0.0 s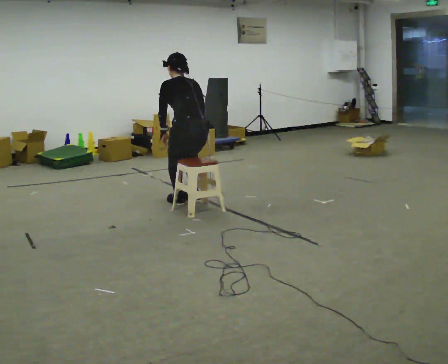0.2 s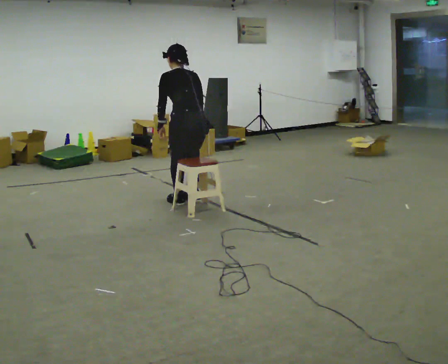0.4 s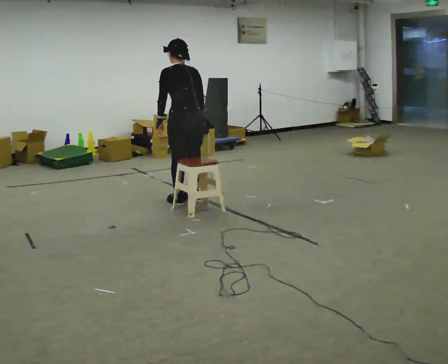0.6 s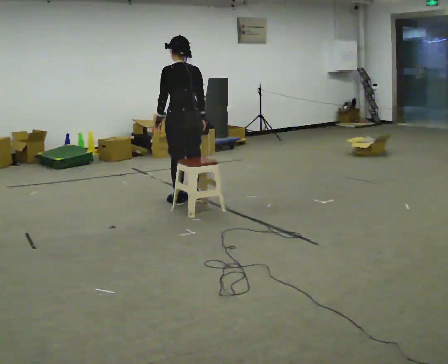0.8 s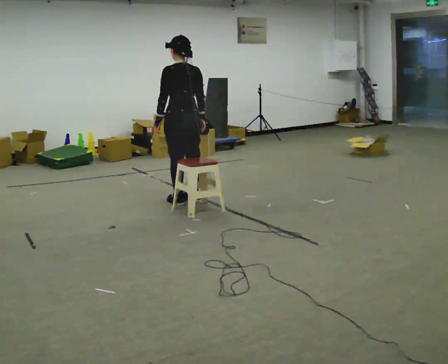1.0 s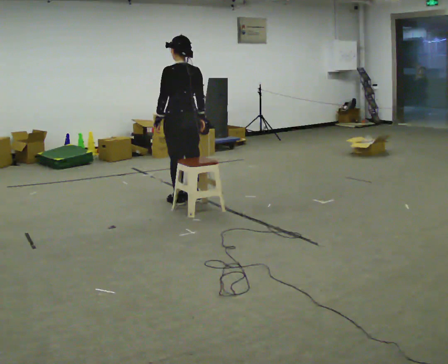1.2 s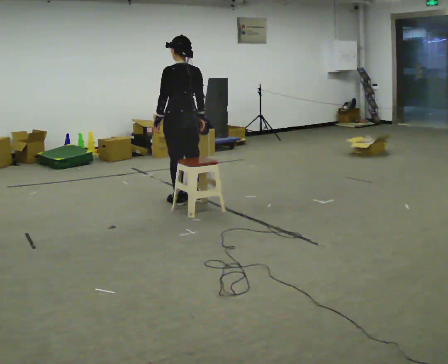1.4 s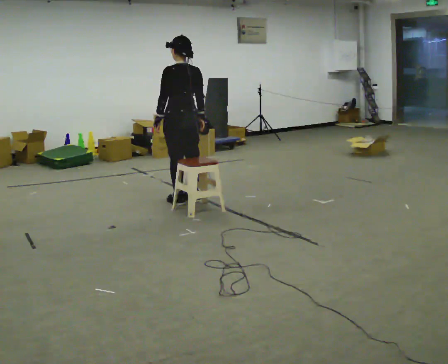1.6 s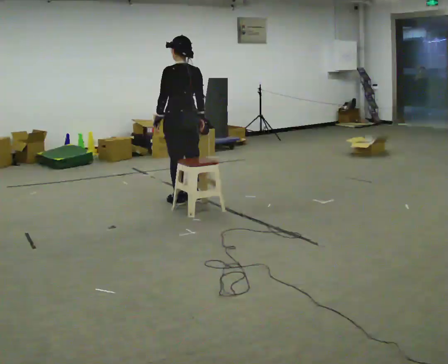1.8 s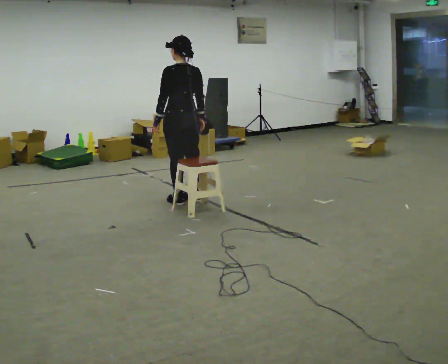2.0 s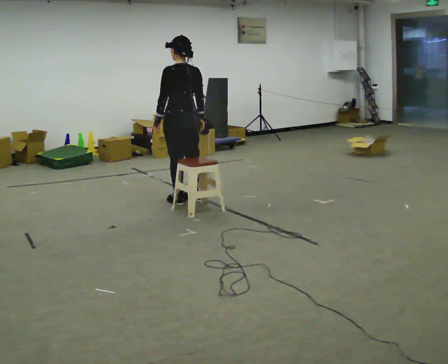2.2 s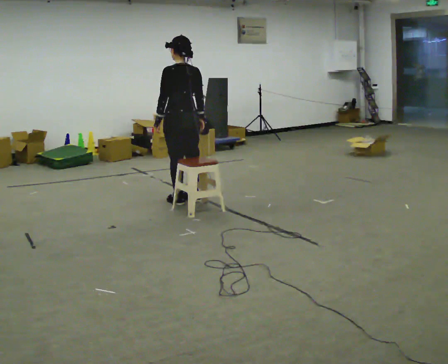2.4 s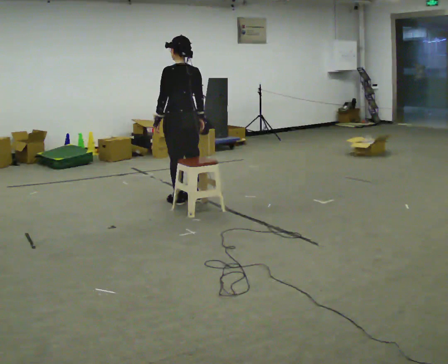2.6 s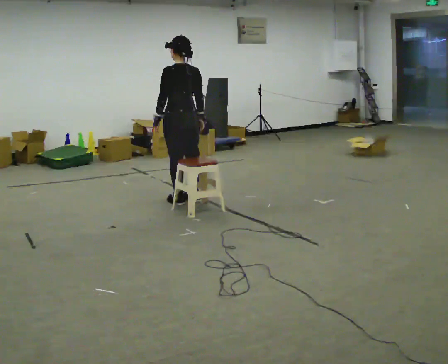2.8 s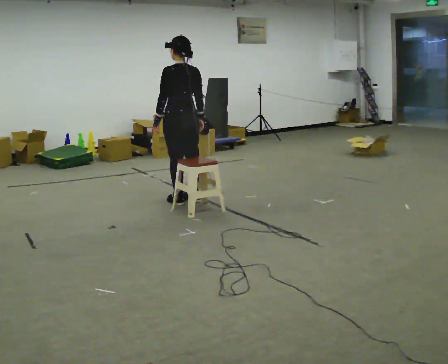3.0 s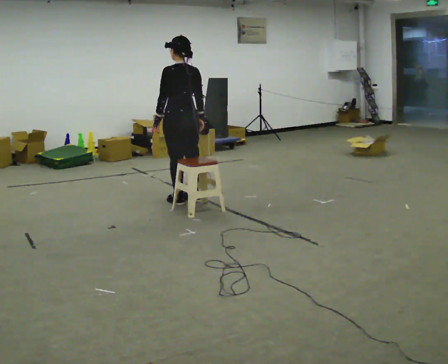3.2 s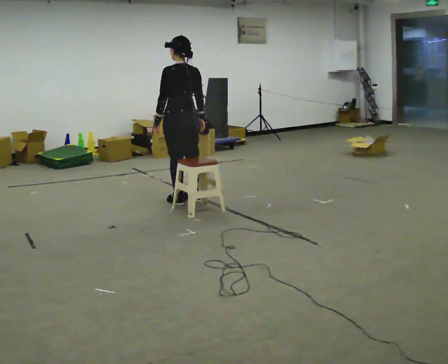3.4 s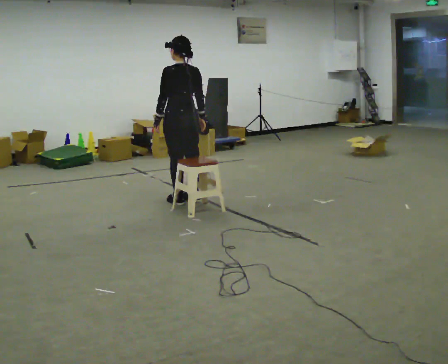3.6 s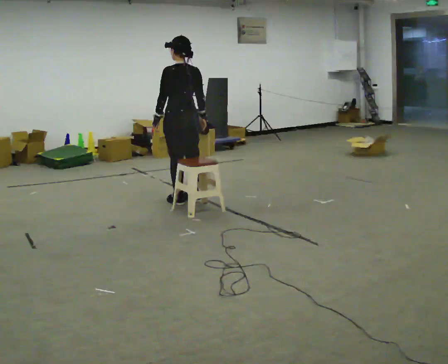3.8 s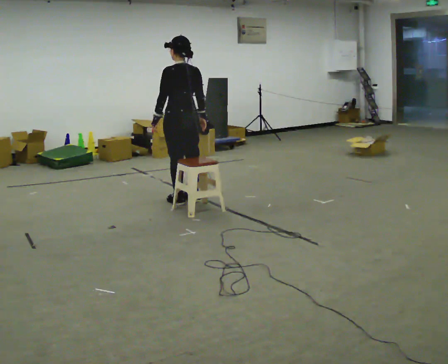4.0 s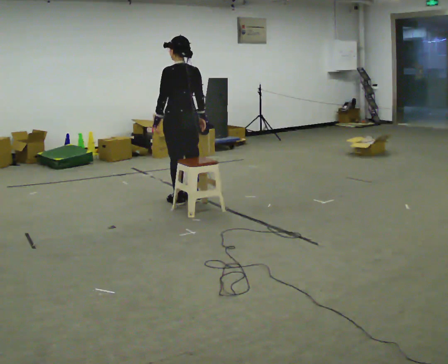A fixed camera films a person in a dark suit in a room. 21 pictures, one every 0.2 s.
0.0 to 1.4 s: In the picture they go away from the camera, about 0.25 m, which for them is forward. The upper body goes upward. The upper body tips toward the camera, its near side rolling downward, as they lean back or straighten.
1.4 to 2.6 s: The person keeps their place and pose.
2.6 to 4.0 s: The person moves a little, or ends about where they began.
The film runs backward here.
